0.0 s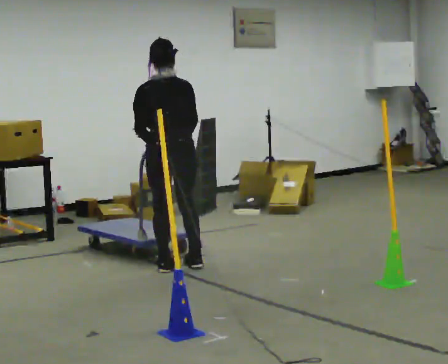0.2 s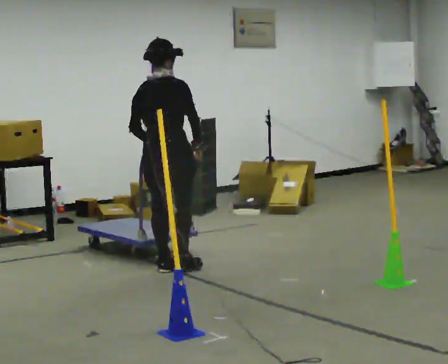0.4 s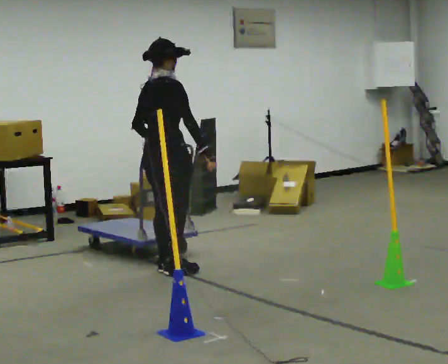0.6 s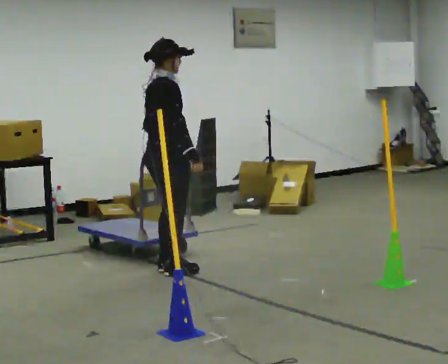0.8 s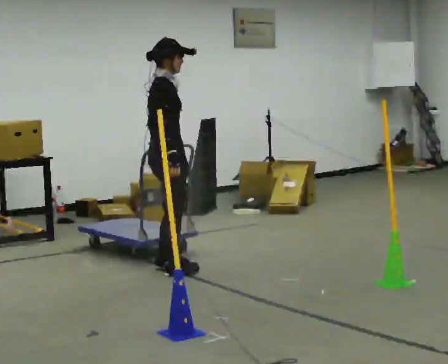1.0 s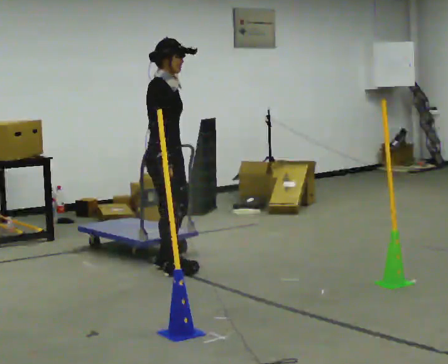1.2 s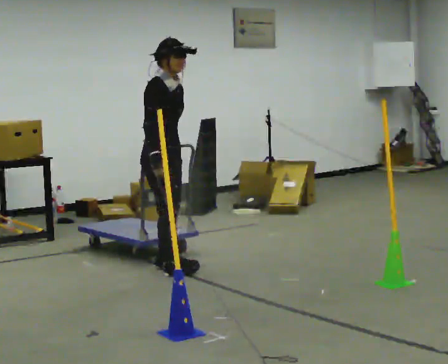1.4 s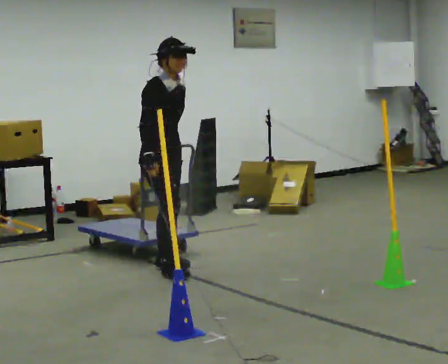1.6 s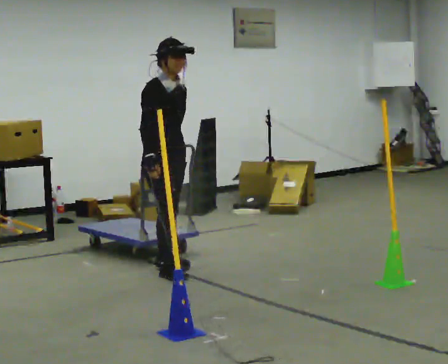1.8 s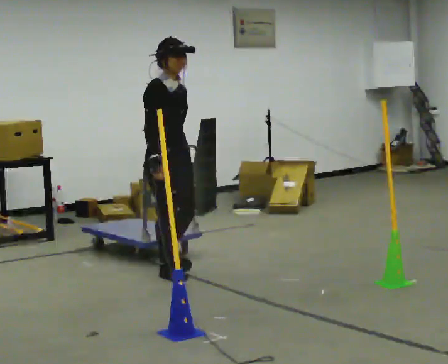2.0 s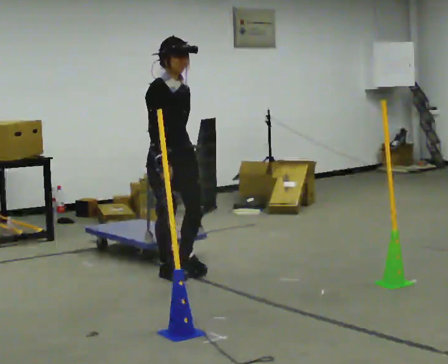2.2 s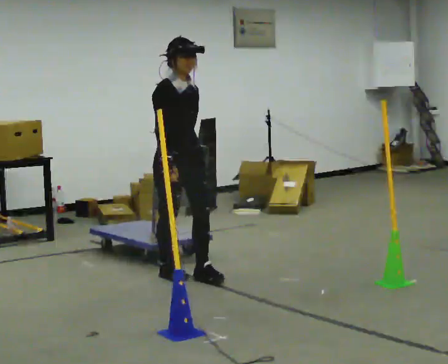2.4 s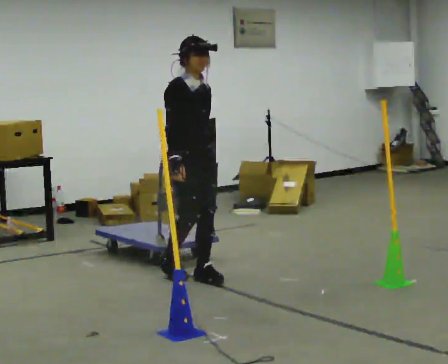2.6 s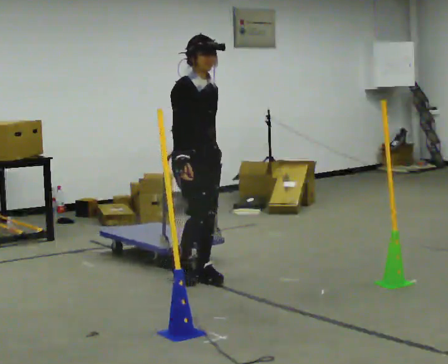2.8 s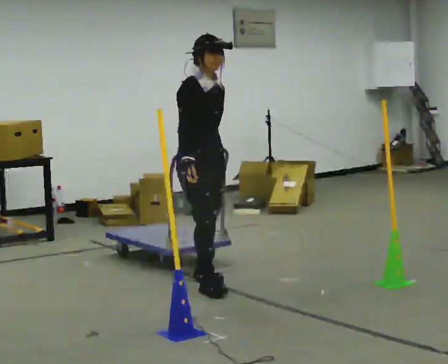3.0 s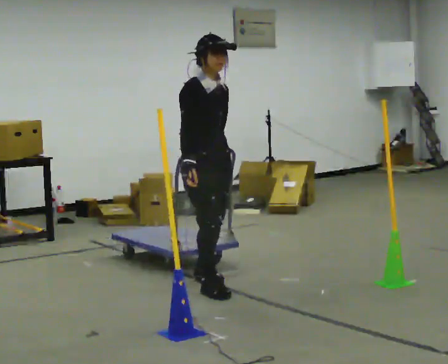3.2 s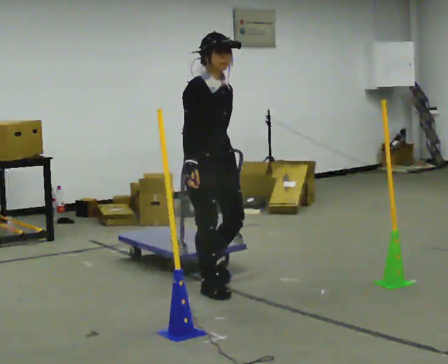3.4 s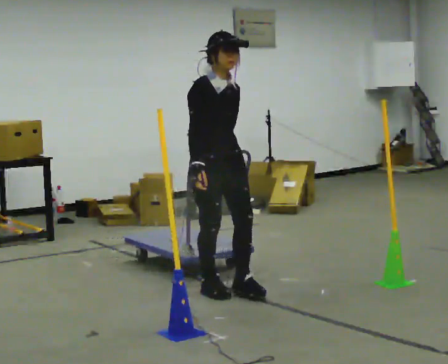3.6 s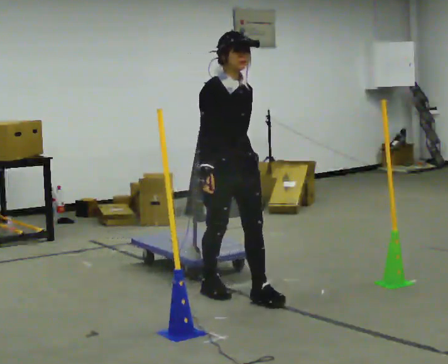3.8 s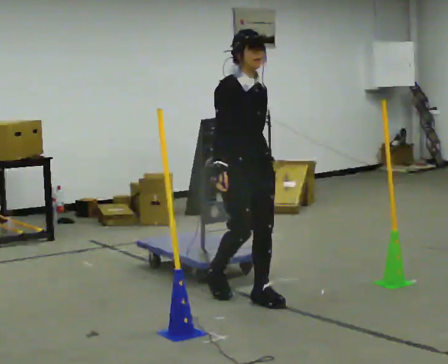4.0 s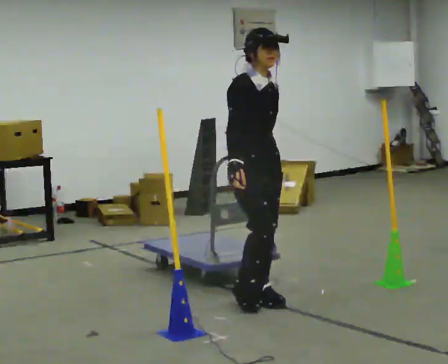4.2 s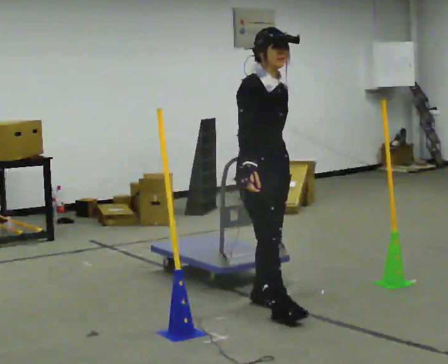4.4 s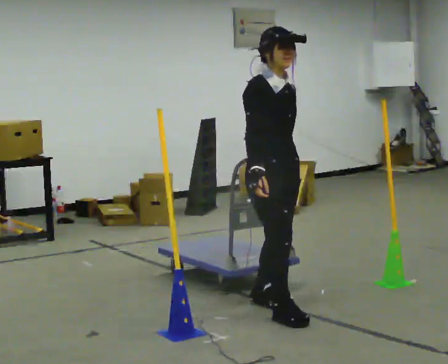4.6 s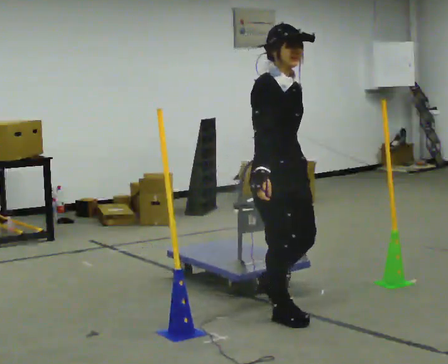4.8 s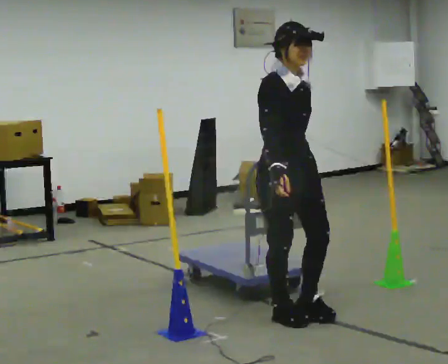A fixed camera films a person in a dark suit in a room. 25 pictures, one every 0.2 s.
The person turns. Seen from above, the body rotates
clockwise.
The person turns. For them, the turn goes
to their right.
0.0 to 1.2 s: Seen from above the body turns clockwise, about 105 degrees: to their right, with its near side sliding to the left.
1.2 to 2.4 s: The person turns about 30 degrees to their right, clockwise seen from above, so the part of the body nearest the lens slides to the left. In the picture they go toward the camera and to the right, about 0.25 m in 1 step, which for them is forward.
2.4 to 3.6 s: In the picture they go toward the camera and to the right, about 0.5 m in 2 steps, which for them is forward.
3.6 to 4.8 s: In the picture they go toward the camera and to the right, about 0.5 m in 1 step, which for them is forward.
The film runs forward here.
